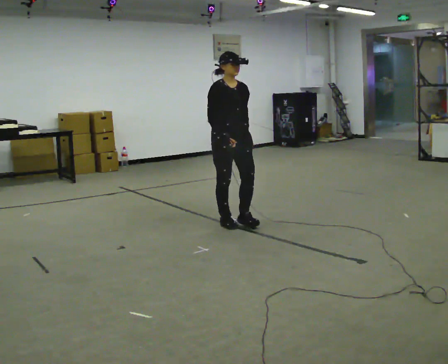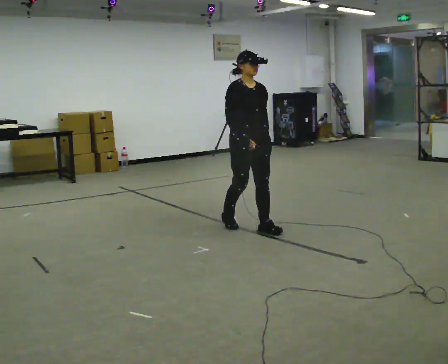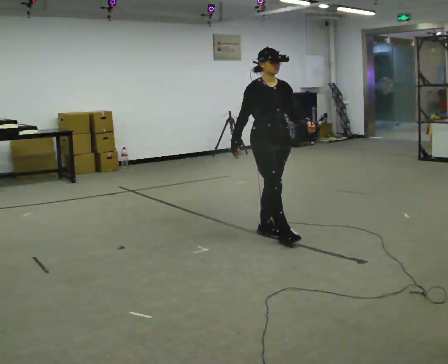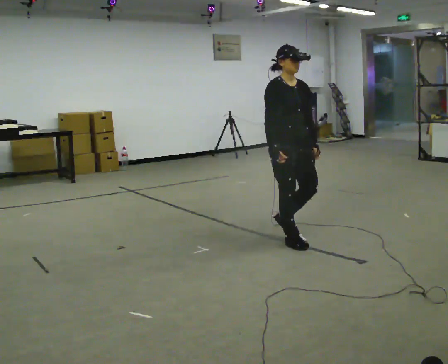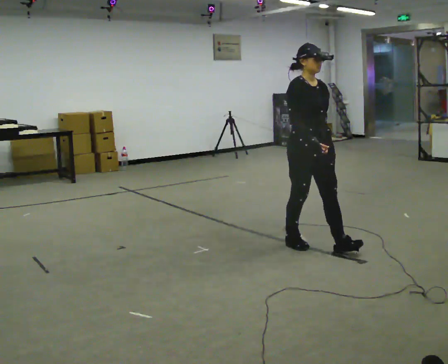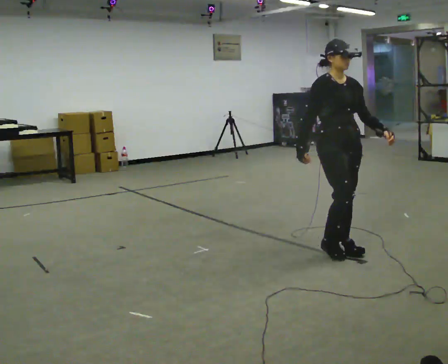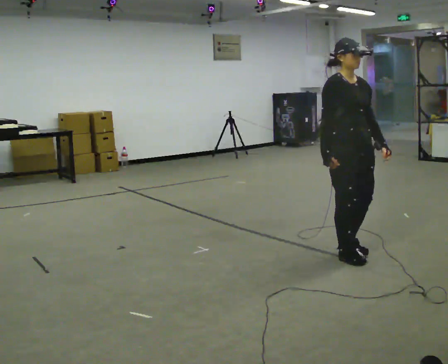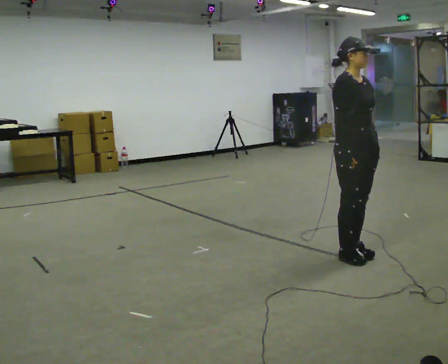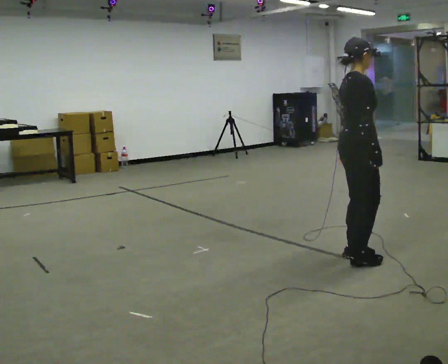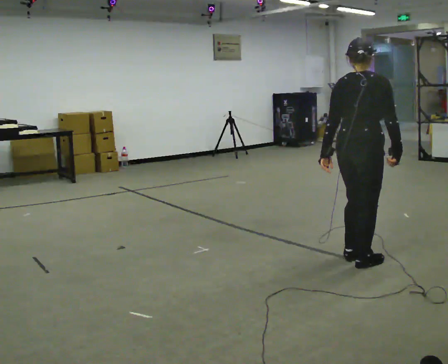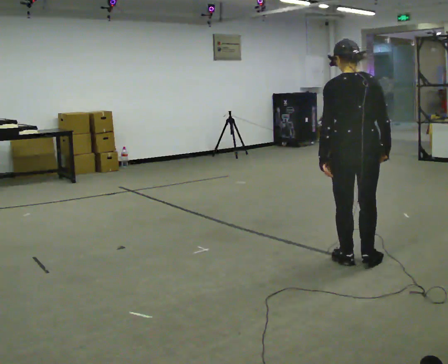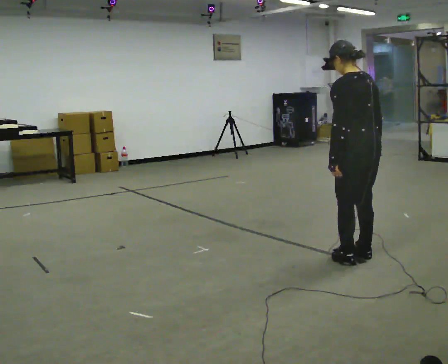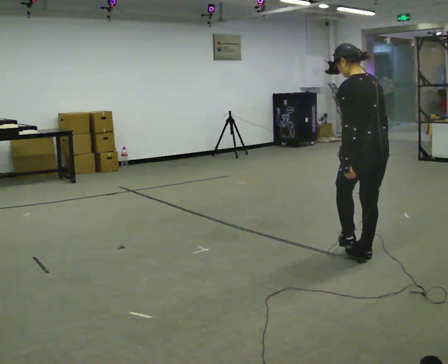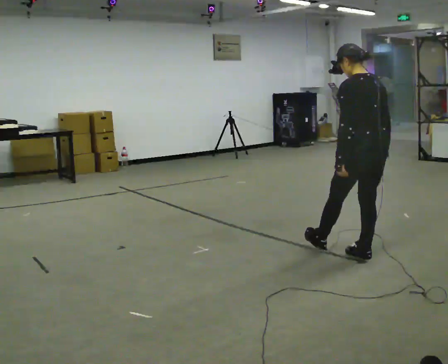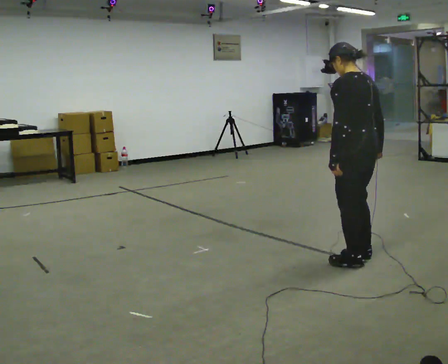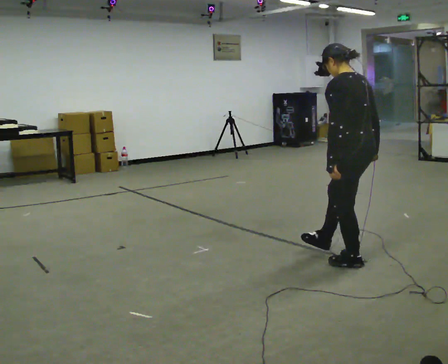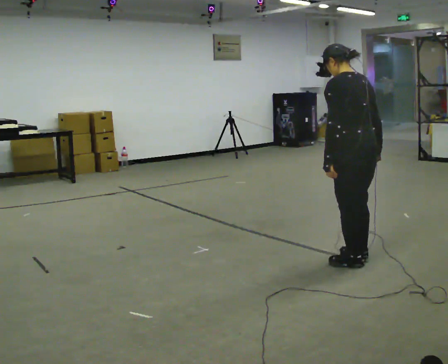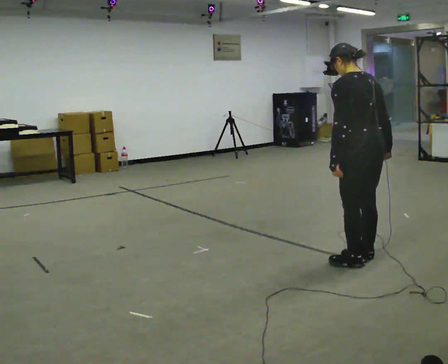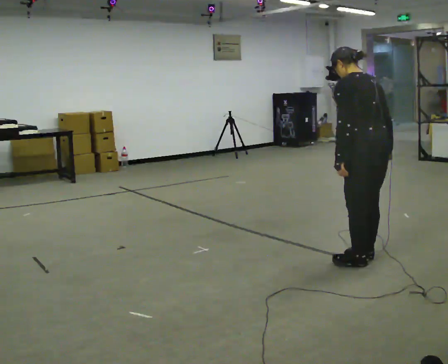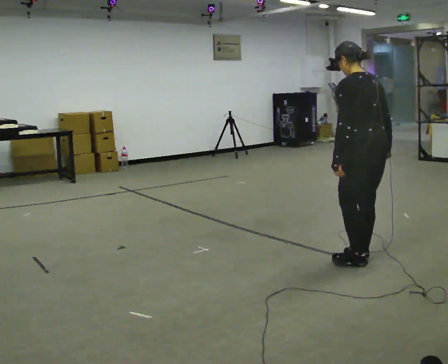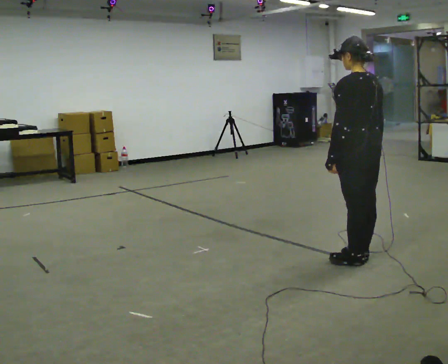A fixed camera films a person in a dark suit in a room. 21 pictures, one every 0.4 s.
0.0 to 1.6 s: In the picture they go to the right and toward the camera, about 1 m in 2 steps, which for them is forward.
1.6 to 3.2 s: Seen from above the body turns counterclockwise, about 45 degrees: to their left, with its near side sliding to the right. In the picture they go to the right and toward the camera, about 0.5 m in 2 steps, which for them is forward.
3.2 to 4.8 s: Seen from above the body turns counterclockwise, about 120 degrees: to their left, with its near side sliding to the right.
4.8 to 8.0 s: The person moves a little, or ends about where they began.
The film runs forward here.
